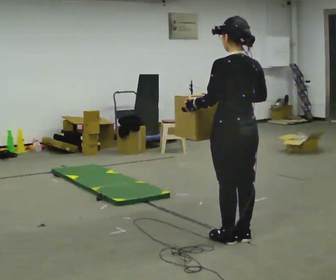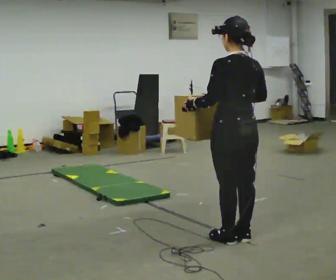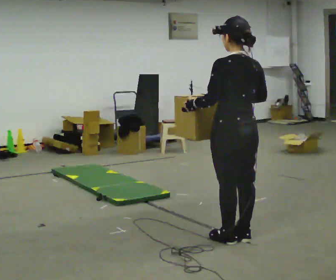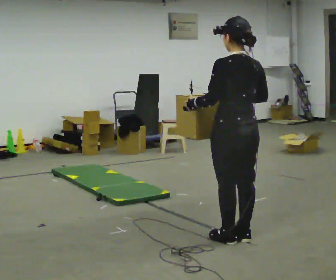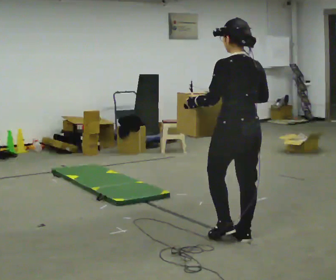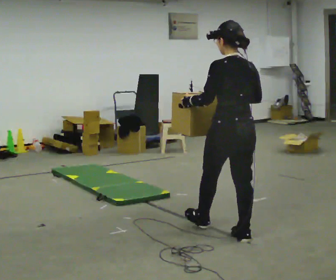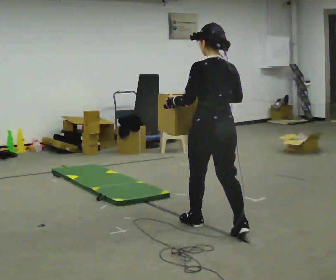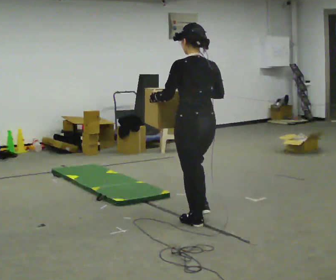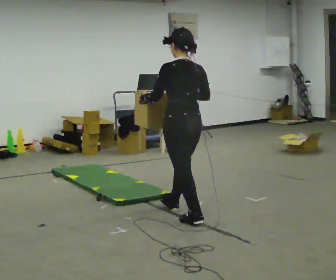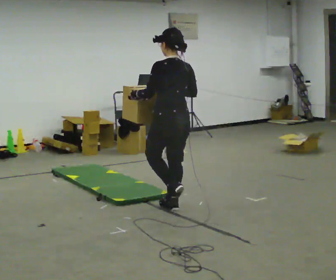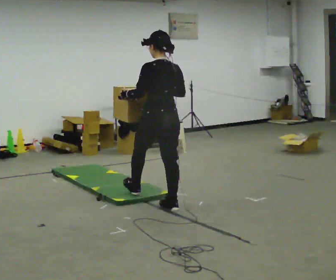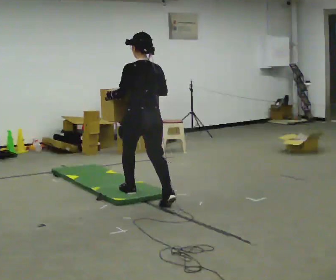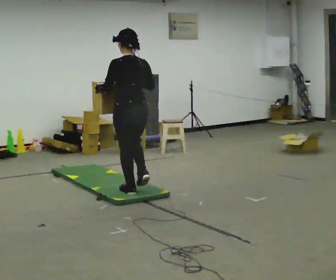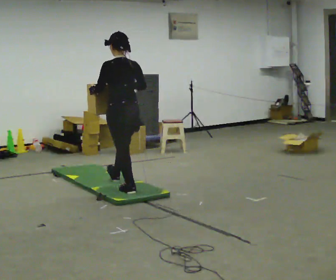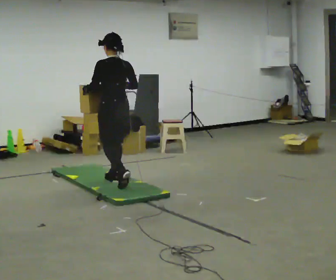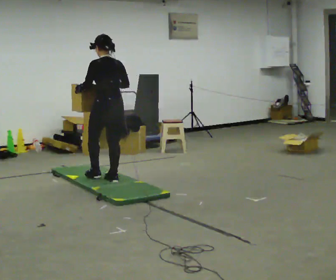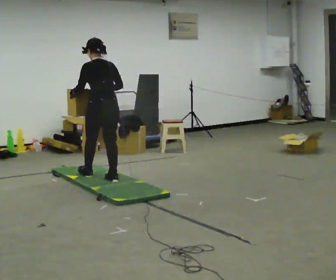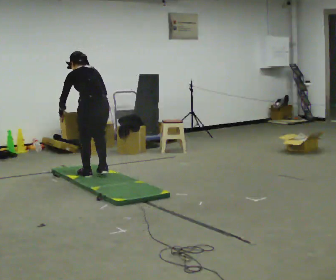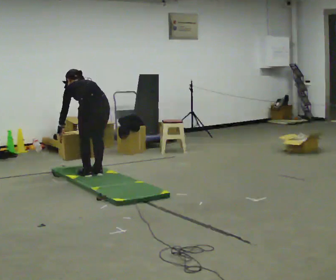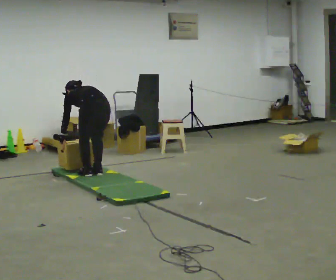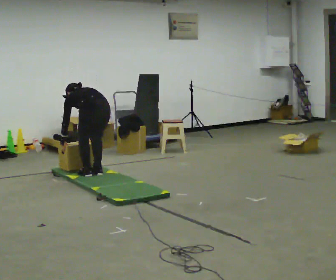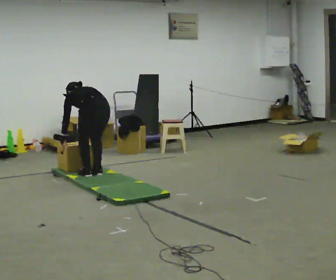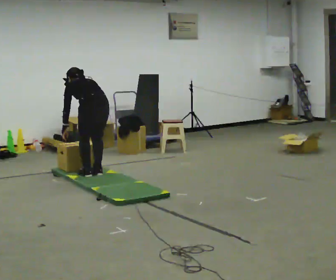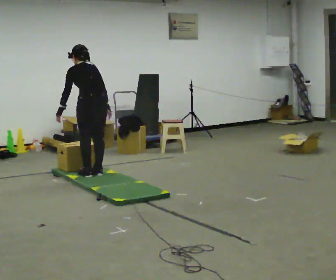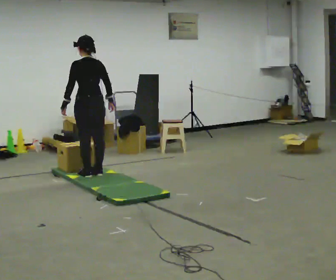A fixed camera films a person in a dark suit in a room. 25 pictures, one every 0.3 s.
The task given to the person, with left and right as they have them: Carry the box across the soft uneven mat, set it down on the far side, then bring it back. Keep going until the operator says stop; one object at a time, and do not rush between trips.
0.0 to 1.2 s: The person moves a little, or ends about where they began.
1.2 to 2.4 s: In the picture they go away from the camera and to the left, about 0.5 m in 2 steps, which for them is forward.
2.4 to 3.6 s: In the picture they go away from the camera and to the left, about 1 m in 1 step, which for them is forward.
3.6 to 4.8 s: In the picture they go away from the camera and to the left, about 0.5 m in 2 steps, which for them is forward. The upper body tips away from the camera, its near side rolling upward, as they bend forward.
4.8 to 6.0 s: The shoulders move downward. The upper body tips away from the camera, its near side rolling upward, as they bend forward. In the picture their right hand goes downward.
6.0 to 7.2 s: The upper body goes upward. The upper body tips toward the camera, its near side rolling downward, as they lean back or straighten. In the picture their right hand goes upward.
The film runs forward here.
